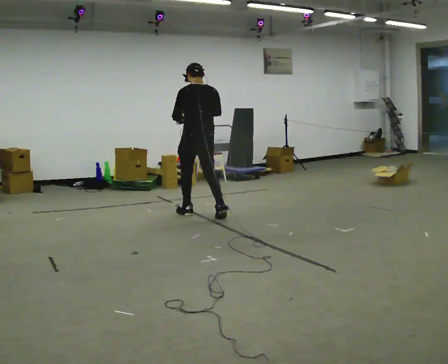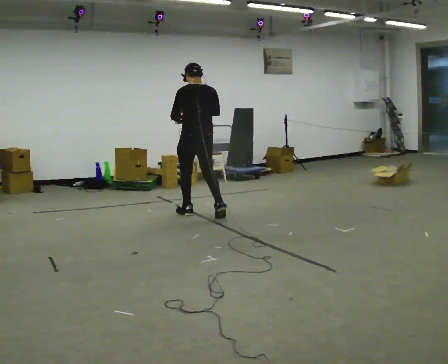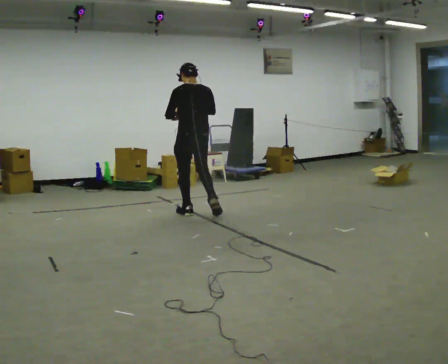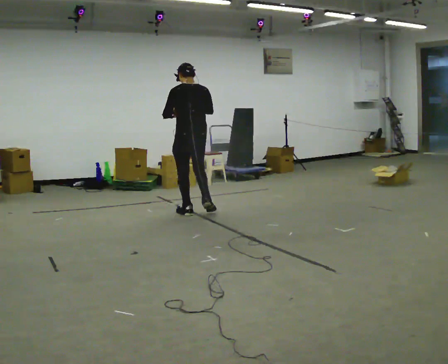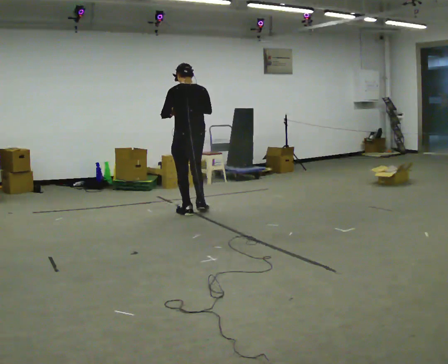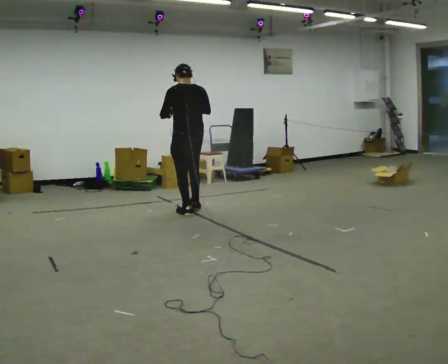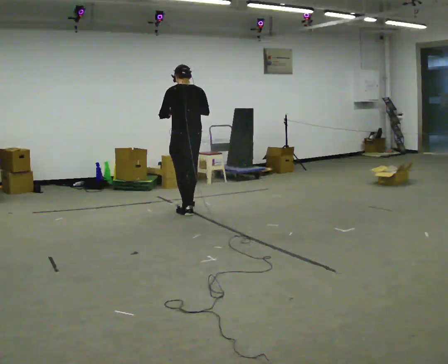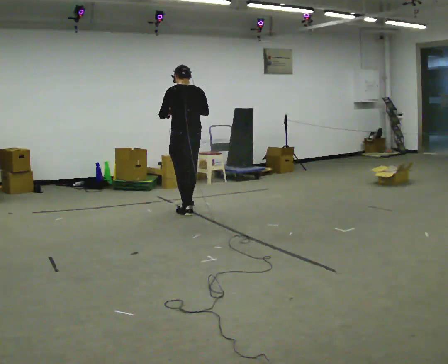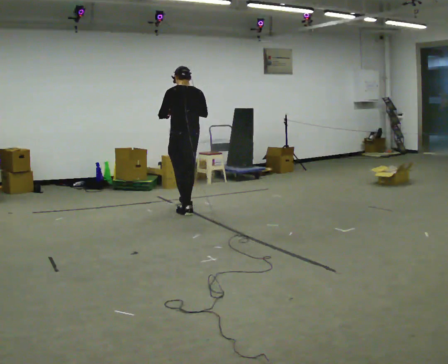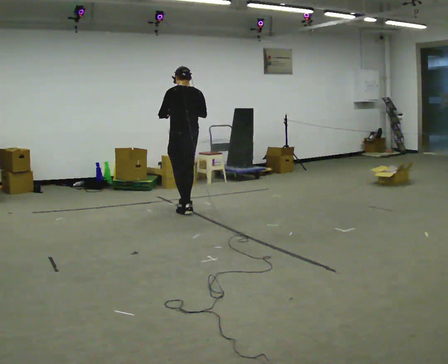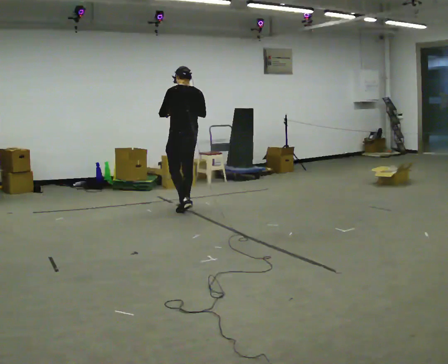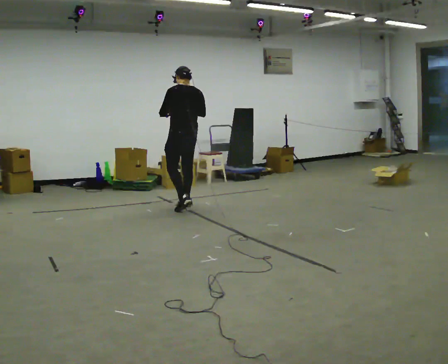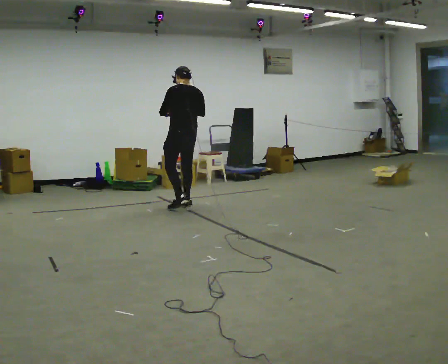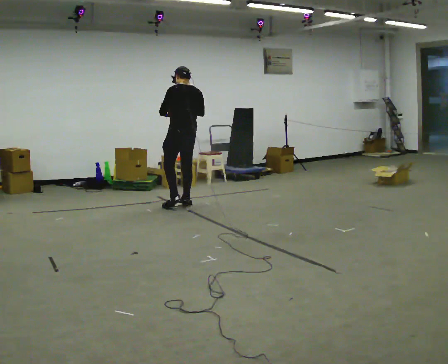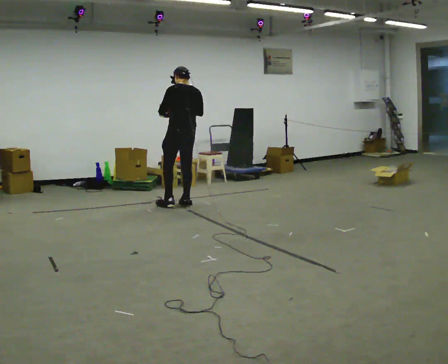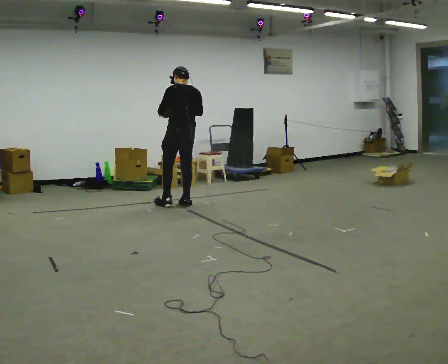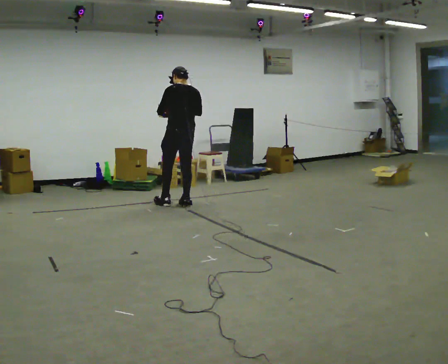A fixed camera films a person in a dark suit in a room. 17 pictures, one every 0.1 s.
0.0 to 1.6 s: In the picture they go away from the camera, about 0.5 m in 2 steps, which for them is forward.
The film runs forward here.
